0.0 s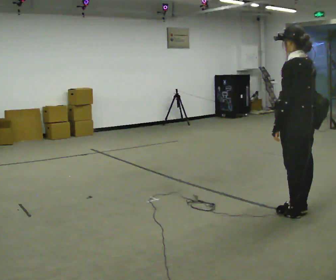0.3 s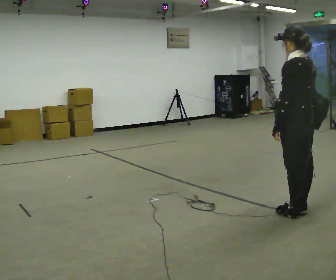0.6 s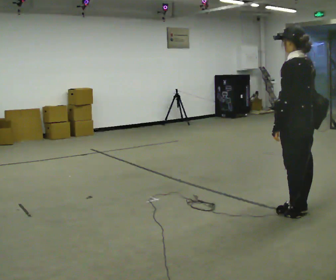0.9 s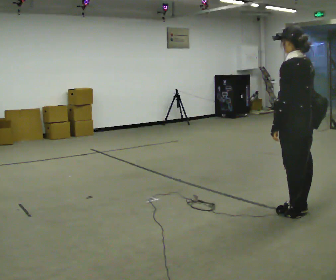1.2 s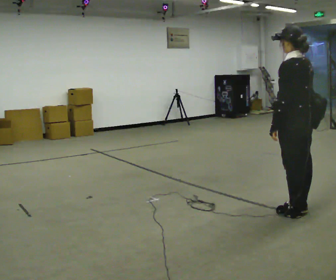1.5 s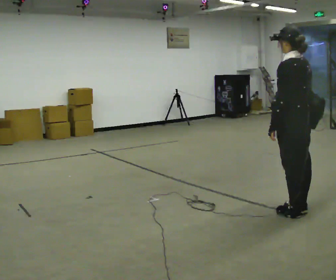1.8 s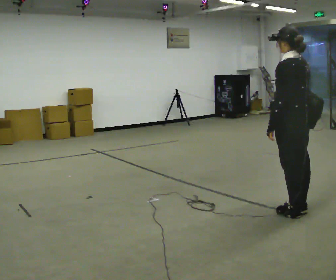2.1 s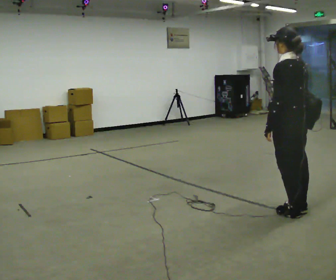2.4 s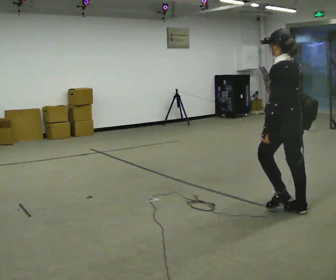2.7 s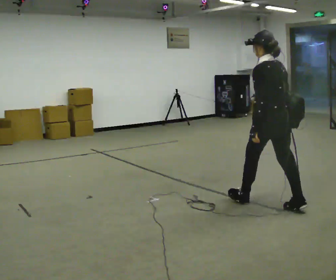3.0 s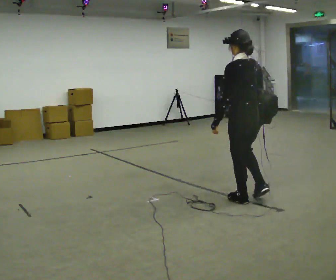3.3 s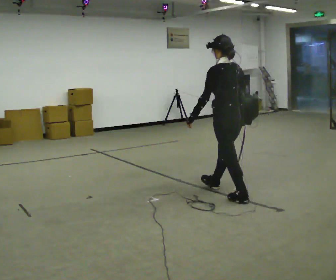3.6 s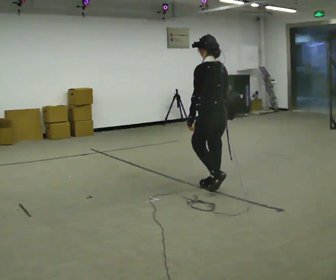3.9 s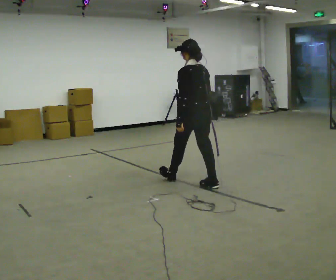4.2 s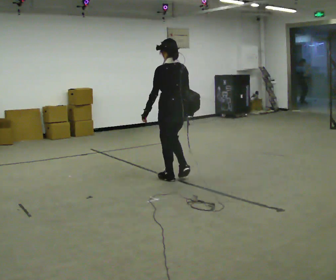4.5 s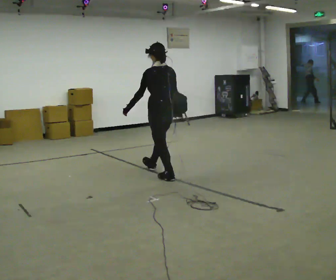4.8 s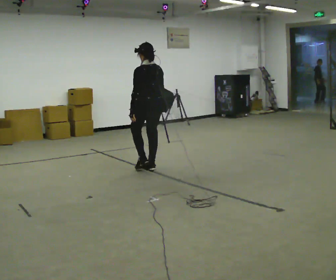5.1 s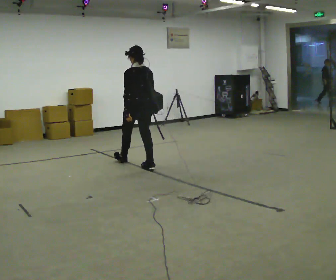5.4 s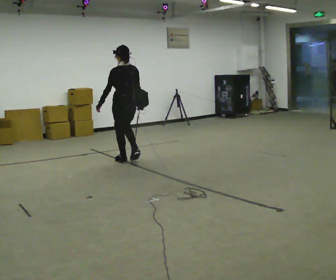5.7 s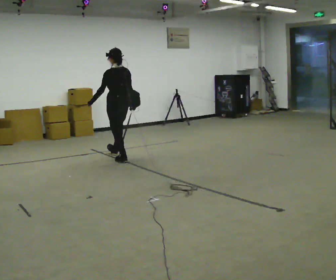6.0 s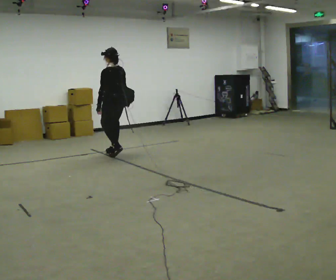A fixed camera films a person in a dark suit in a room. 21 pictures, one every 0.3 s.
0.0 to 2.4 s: The person moves a little, or ends about where they began.
2.4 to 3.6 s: In the picture they go to the left and away from the camera, about 1 m in 2 steps, which for them is forward.
3.6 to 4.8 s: In the picture they go to the left and away from the camera, about 1 m in 2 steps, which for them is forward.
4.8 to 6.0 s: In the picture they go away from the camera and to the left, about 1 m in 2 steps, which for them is forward.
The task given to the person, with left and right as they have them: Put the soft bag up onto your shoulder and carry it across the room, back and forth.
The film runs forward here.
